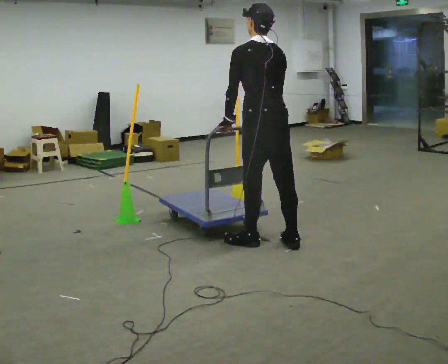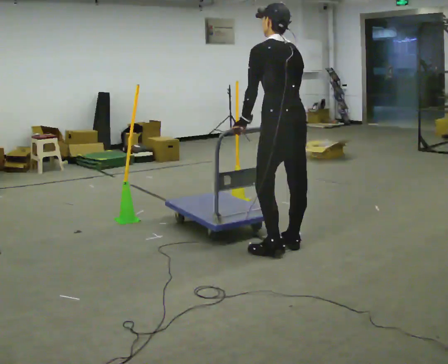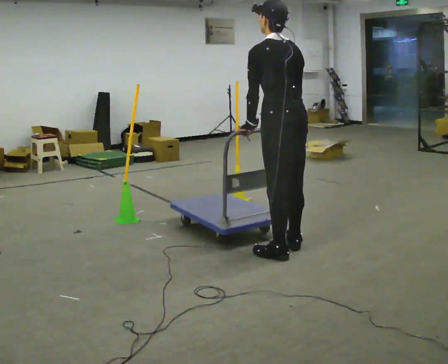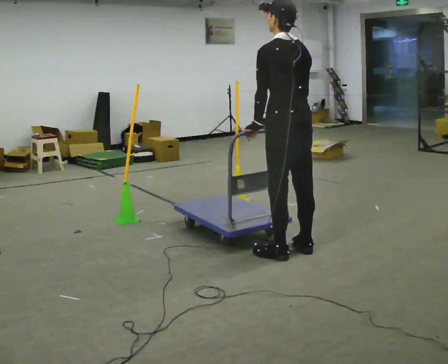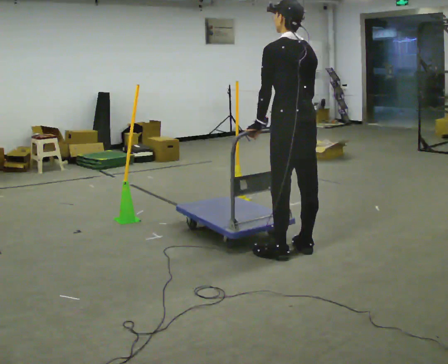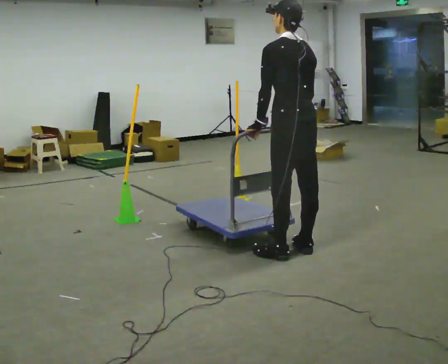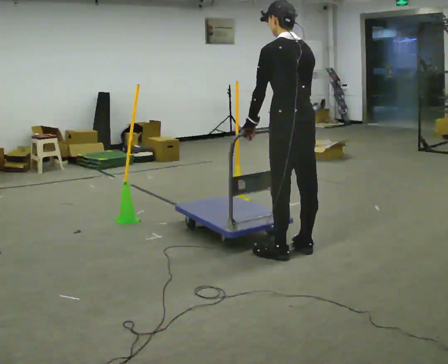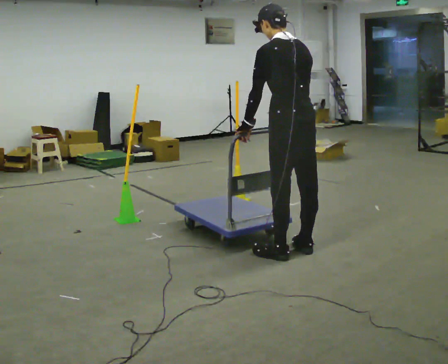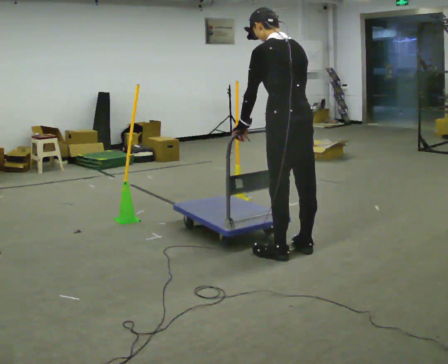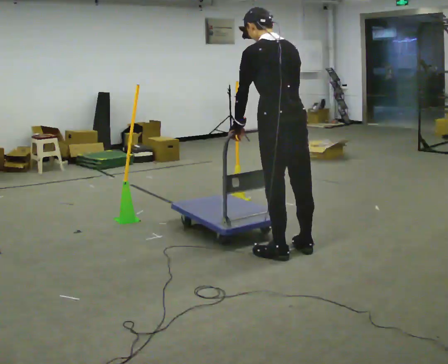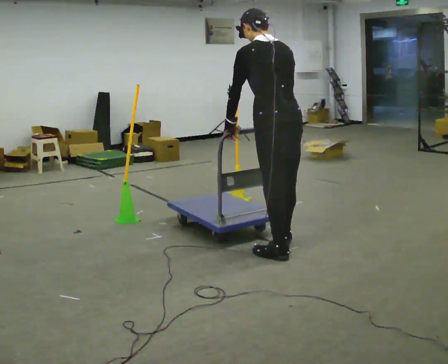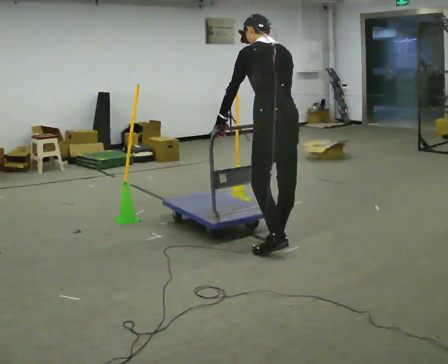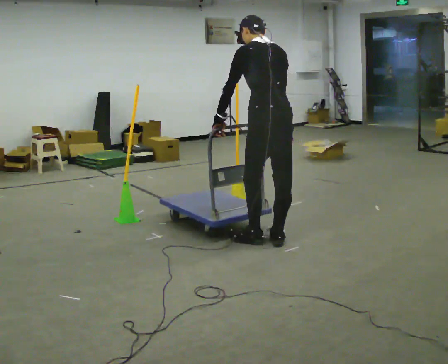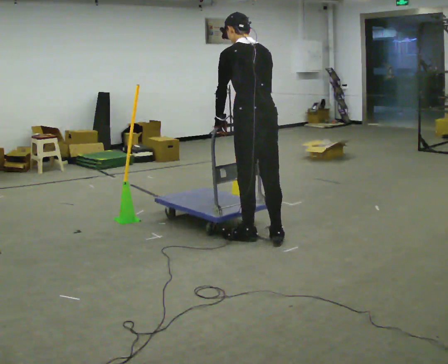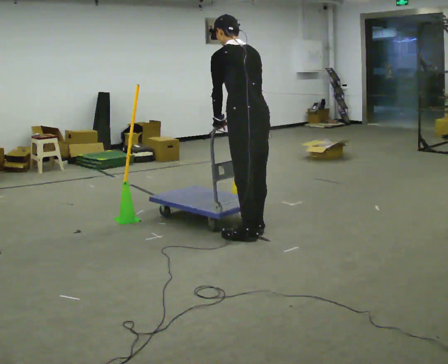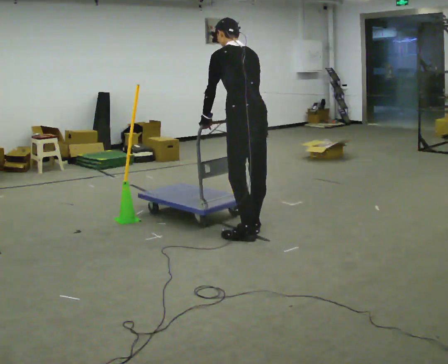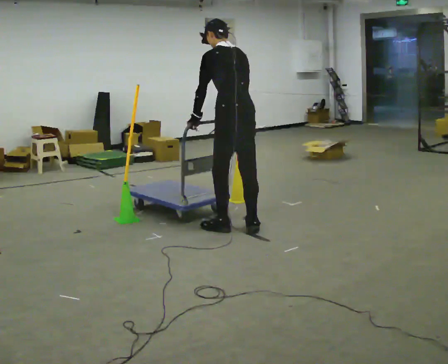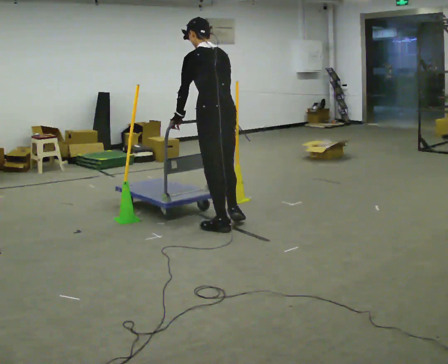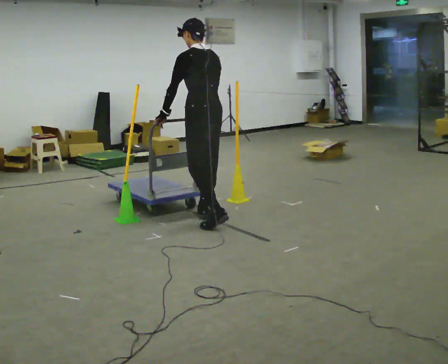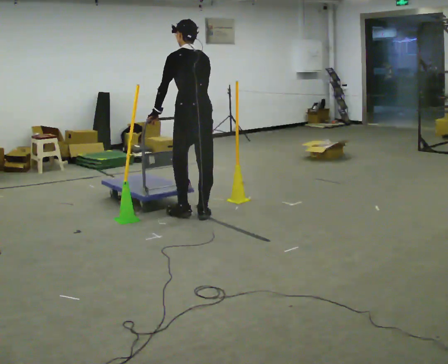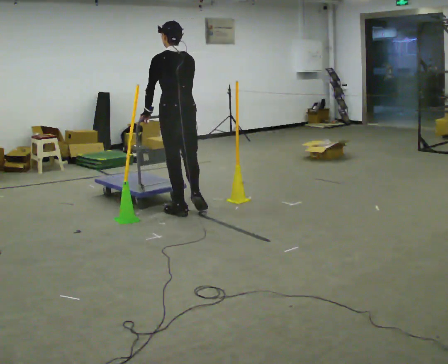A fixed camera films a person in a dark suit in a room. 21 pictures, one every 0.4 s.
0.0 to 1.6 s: In the picture they go to the right, about 0.25 m in 1 step, which for them is backward.
1.6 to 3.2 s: The person moves a little, or ends about where they began.
3.2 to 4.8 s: In the picture they go away from the camera and to the left, about 0.25 m in 1 step, which for them is forward.
4.8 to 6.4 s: In the picture they go to the left and away from the camera, about 0.5 m in 2 steps, which for them is forward.
6.4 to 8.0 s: In the picture they go to the left and away from the camera, about 0.5 m in 3 steps, which for them is forward.
The film runs forward here.
